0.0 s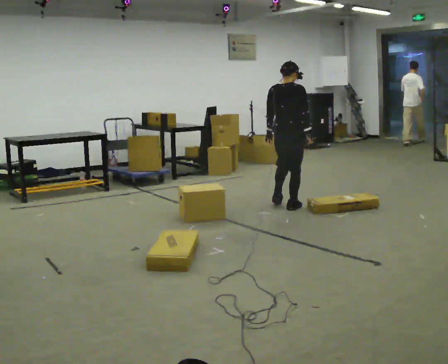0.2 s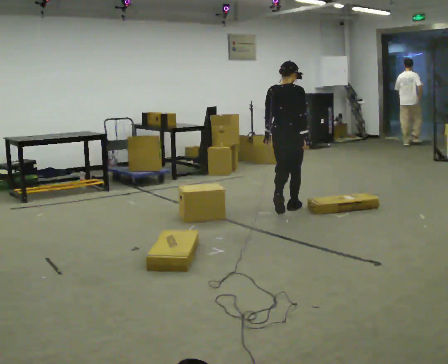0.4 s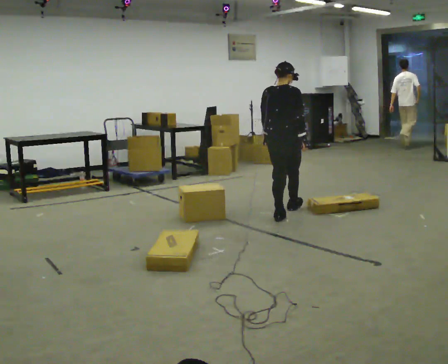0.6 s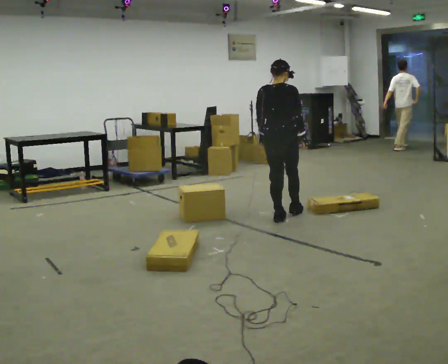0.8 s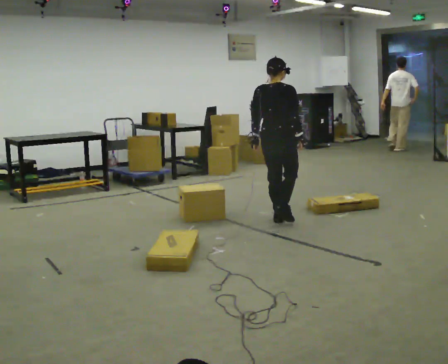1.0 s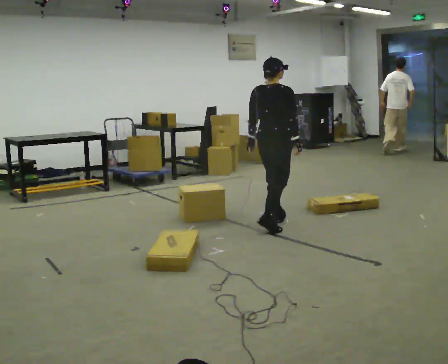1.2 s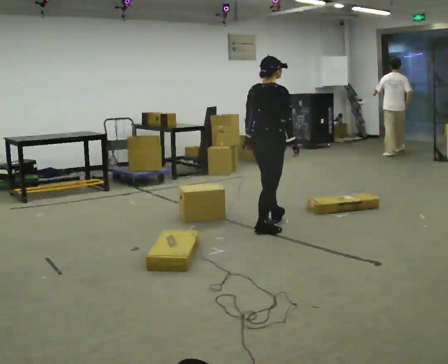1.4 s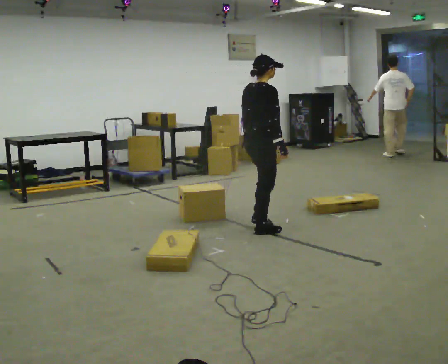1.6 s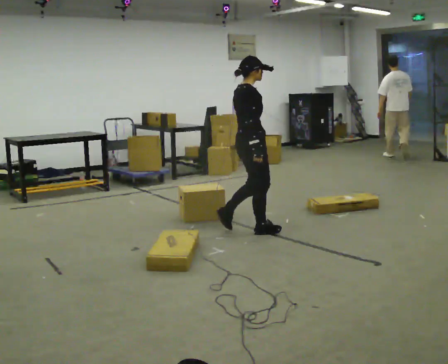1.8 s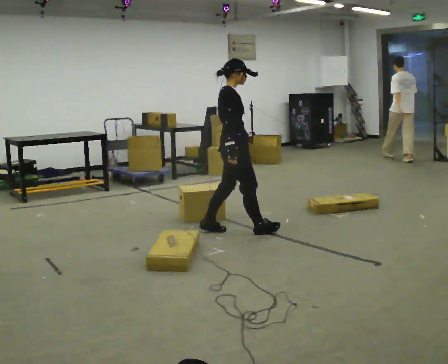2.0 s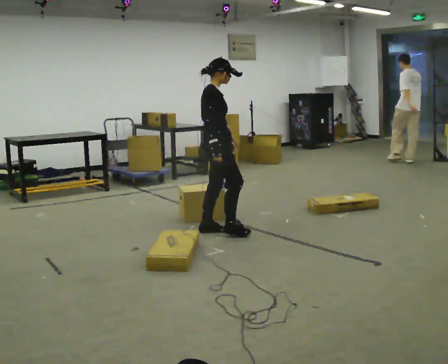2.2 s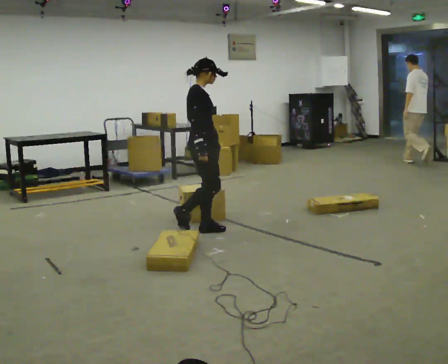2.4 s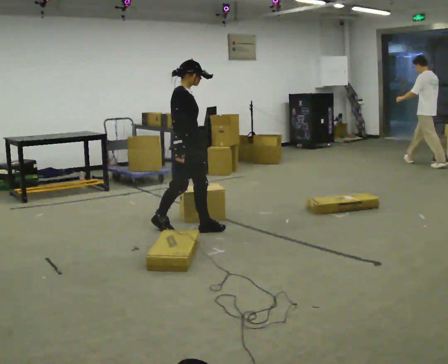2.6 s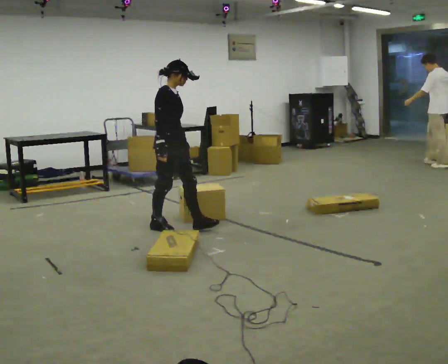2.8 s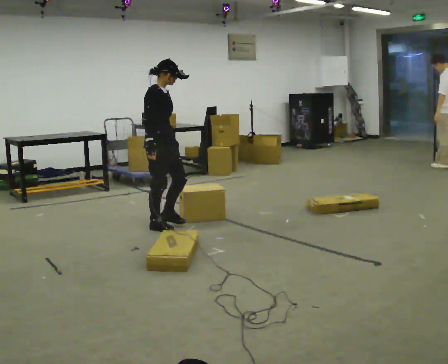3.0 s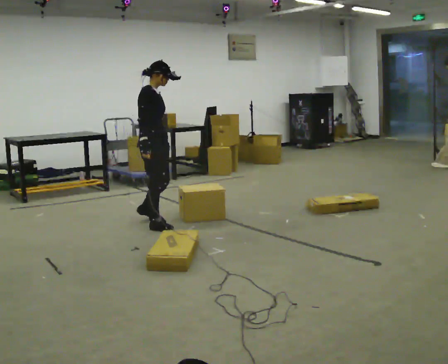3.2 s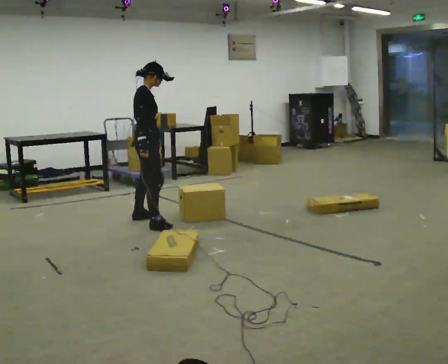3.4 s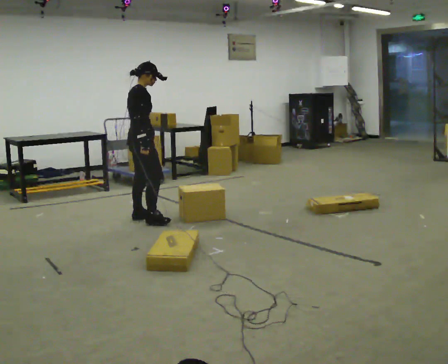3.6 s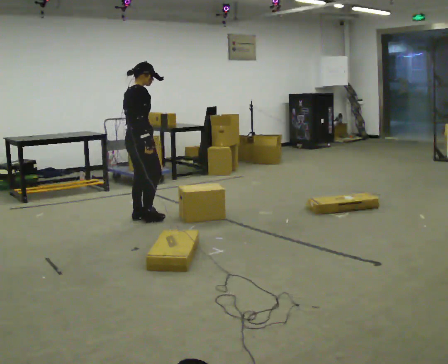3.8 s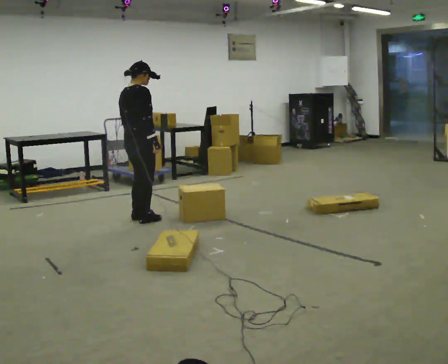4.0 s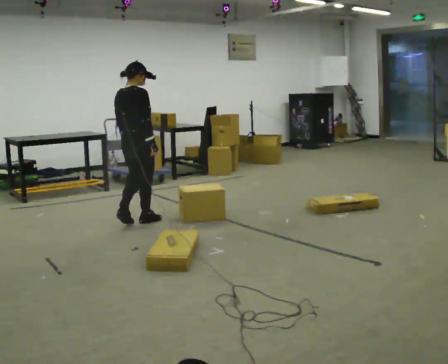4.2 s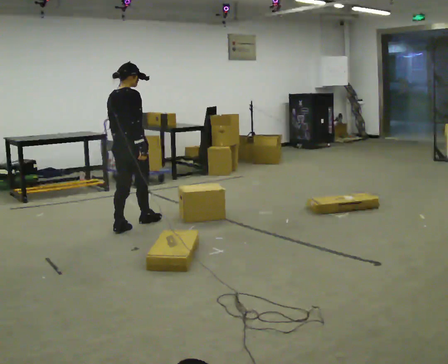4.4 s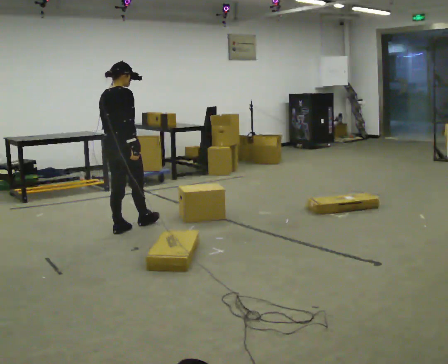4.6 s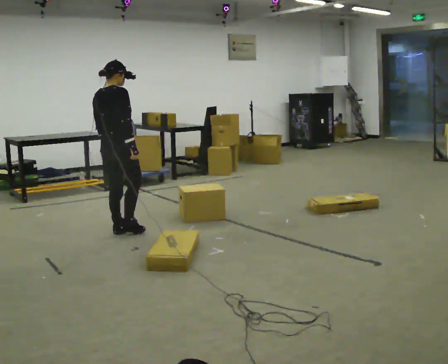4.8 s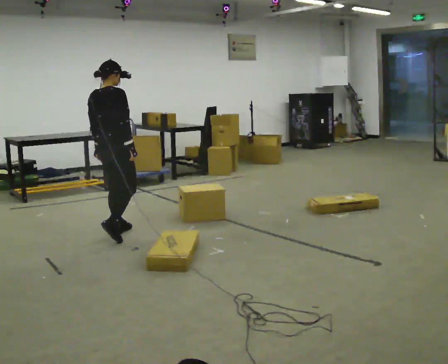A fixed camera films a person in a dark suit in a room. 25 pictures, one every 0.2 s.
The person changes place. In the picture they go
to the left.
0.0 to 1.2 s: In the picture they go toward the camera and to the left, about 1 m in 2 steps, which for them is backward.
1.2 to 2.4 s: The part of the body nearest the lens slides to the left as the person turns to their right by about 60 degrees. In the picture they go to the left, about 0.5 m in 1 step, which for them is backward.
2.4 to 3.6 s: The part of the body nearest the lens slides to the right as the person turns to their left by about 45 degrees. In the picture they go to the left and away from the camera, about 0.5 m in 2 steps, which for them is backward and to their left.
3.6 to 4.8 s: The part of the body nearest the lens slides to the right as the person turns to their left by about 30 degrees. In the picture they go toward the camera, about 0.5 m in 2 steps, which for them is backward.
The film runs backward here.
